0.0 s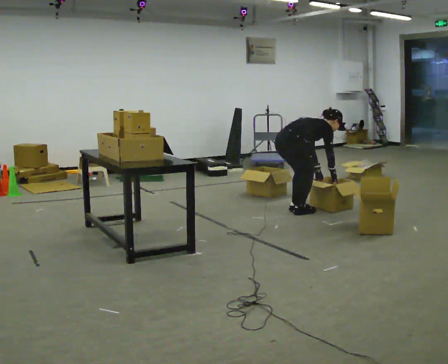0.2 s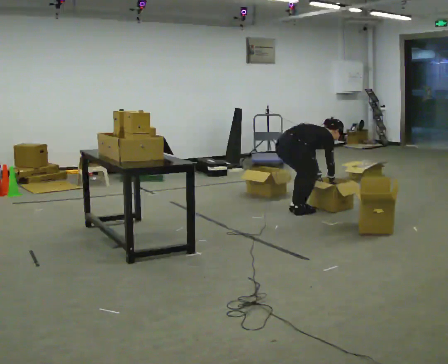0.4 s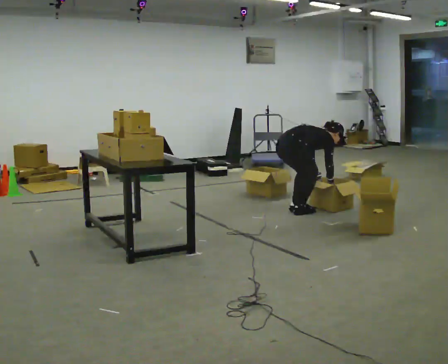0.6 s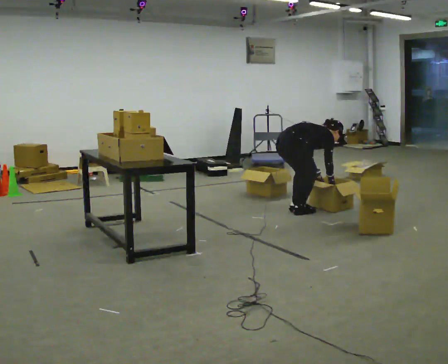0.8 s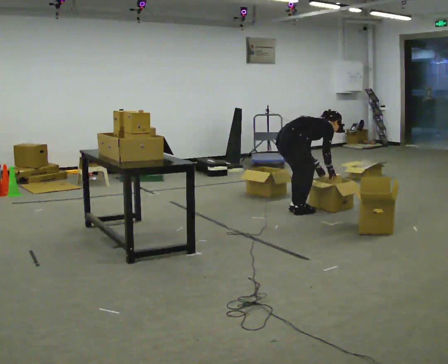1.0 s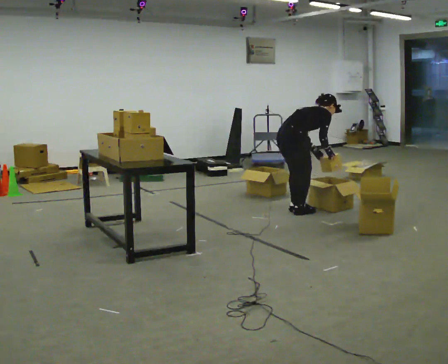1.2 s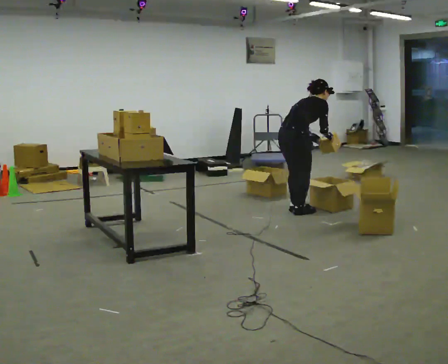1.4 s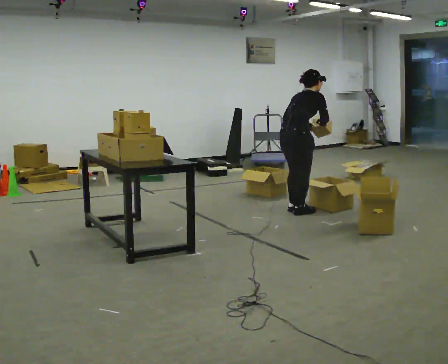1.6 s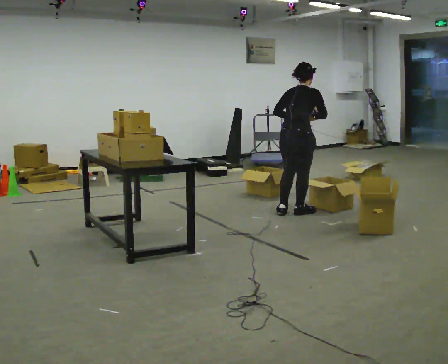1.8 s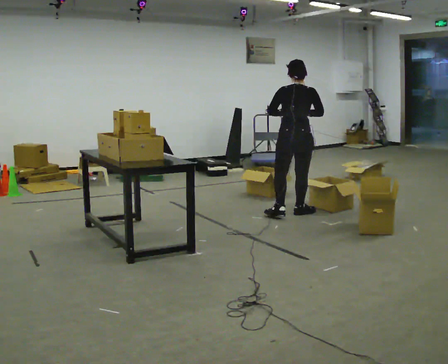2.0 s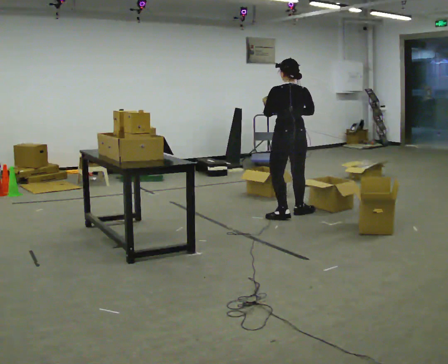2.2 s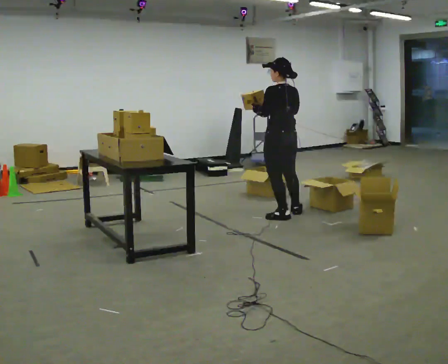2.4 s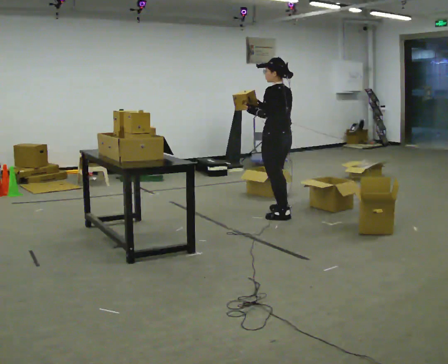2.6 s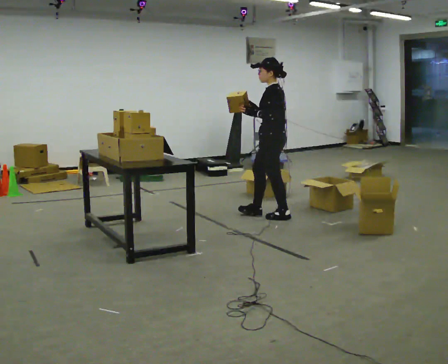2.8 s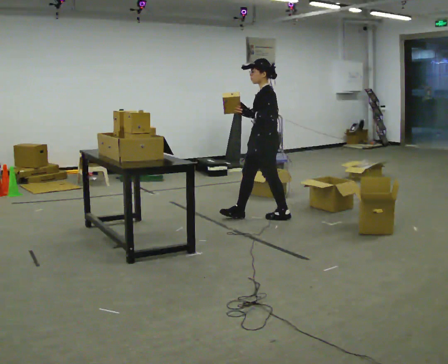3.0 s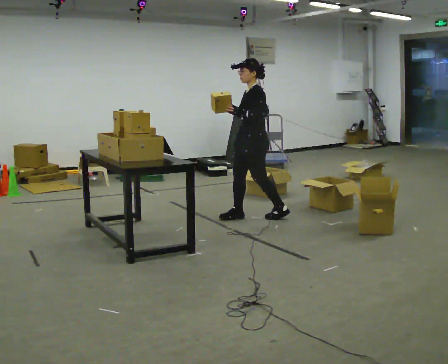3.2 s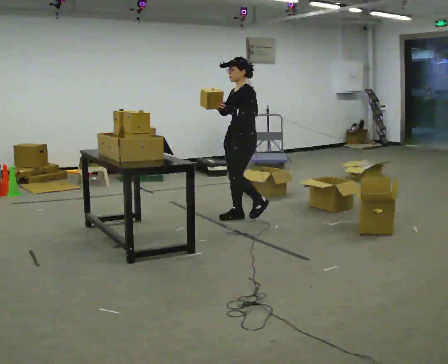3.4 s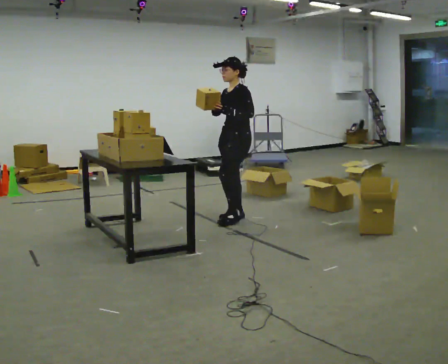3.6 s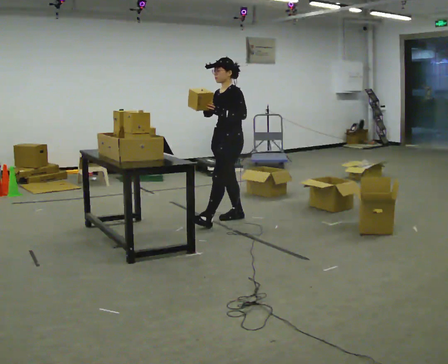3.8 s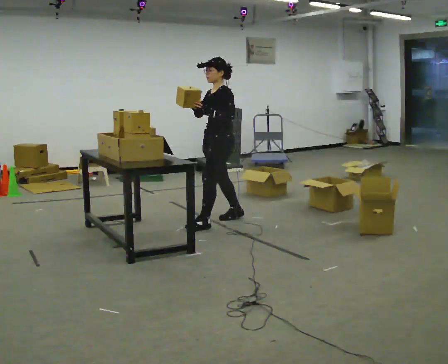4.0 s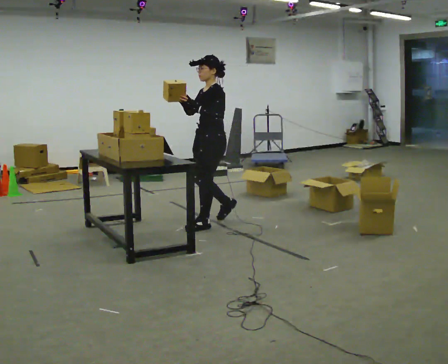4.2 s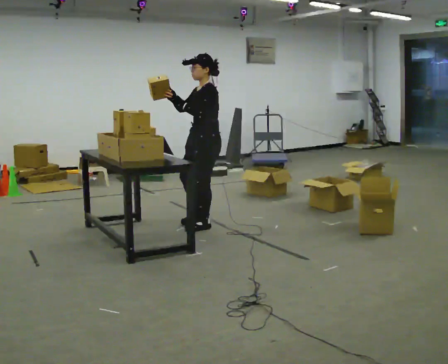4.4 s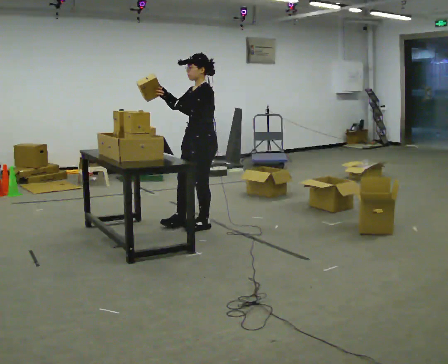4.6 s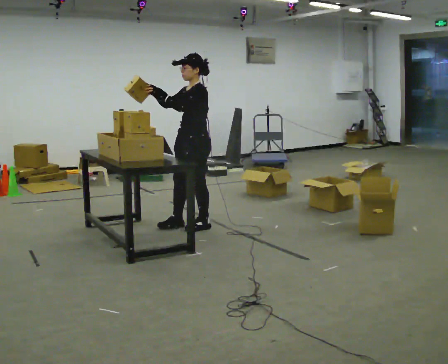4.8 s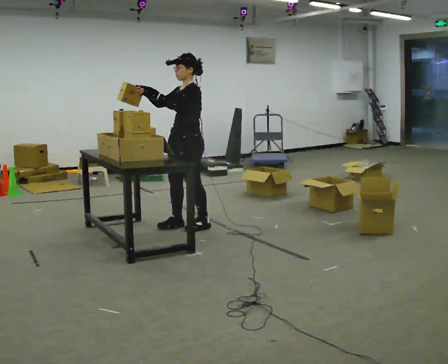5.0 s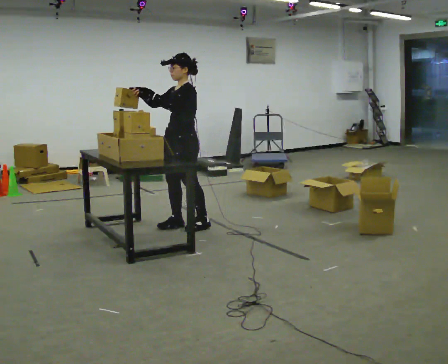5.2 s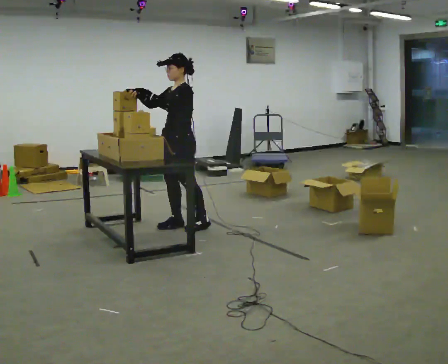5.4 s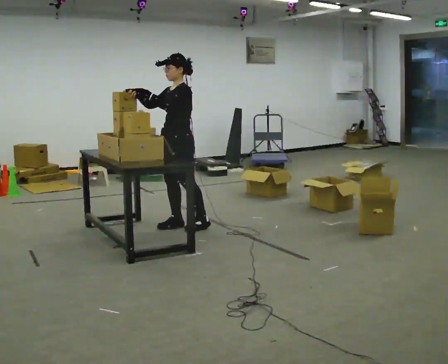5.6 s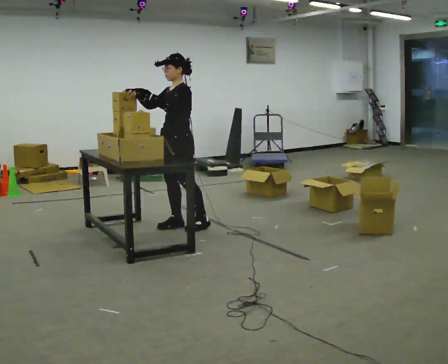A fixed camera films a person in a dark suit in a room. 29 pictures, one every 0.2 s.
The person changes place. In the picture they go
to the left.
The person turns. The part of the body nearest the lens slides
to the right.
0.0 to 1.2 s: In the picture the upper body tilts counterclockwise, shoulders to the left, as they lean back or straighten. In the picture their right hand goes upward.
1.2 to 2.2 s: The person turns about 90 degrees to their left, counterclockwise seen from above, so the part of the body nearest the lens slides to the right. In the picture the upper body tilts counterclockwise, shoulders to the left, as they lean back or straighten. In the picture their right hand goes to the left.
2.2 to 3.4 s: Seen from above the body turns counterclockwise, about 90 degrees: to their left, with its near side sliding to the right. In the picture they go to the left, about 0.5 m in 1 step.
3.4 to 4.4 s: In the picture they go toward the camera and to the left, about 0.5 m in 1 step, which for them is forward.
4.4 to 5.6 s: In the picture they go to the left, about 0.25 m in 1 step, which for them is forward.
The film runs forward here.
